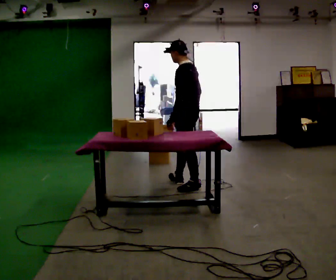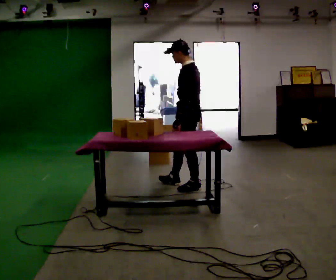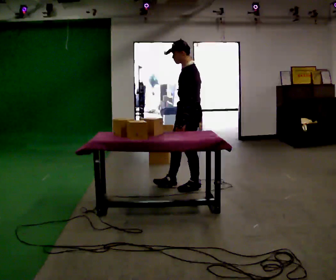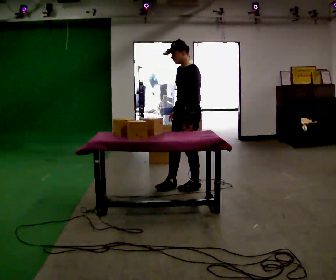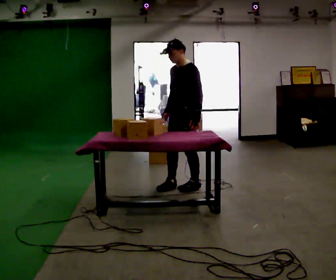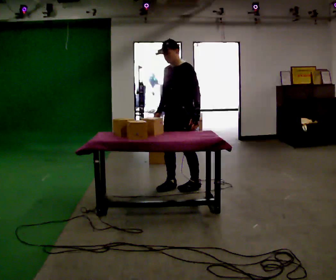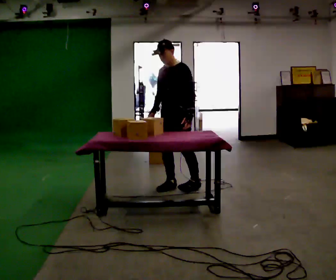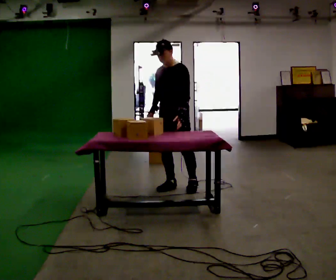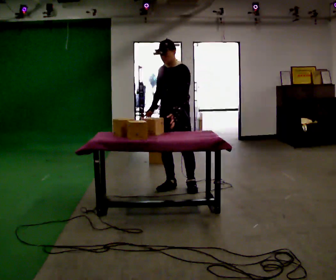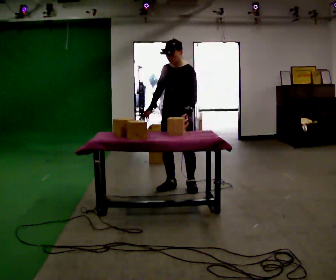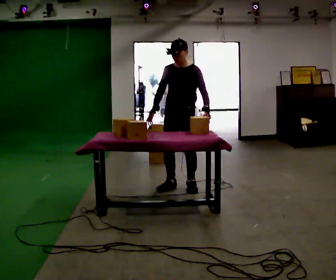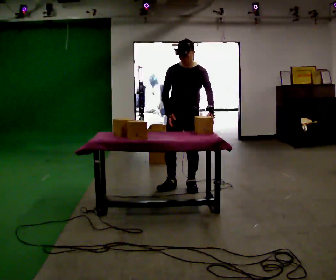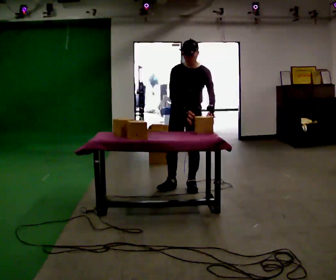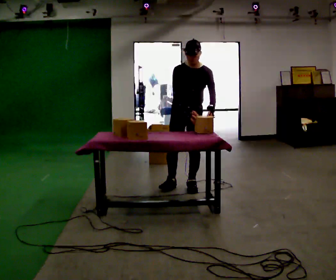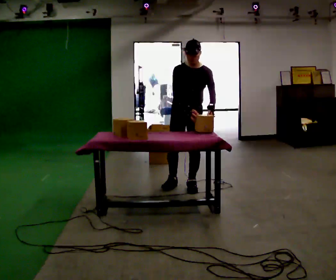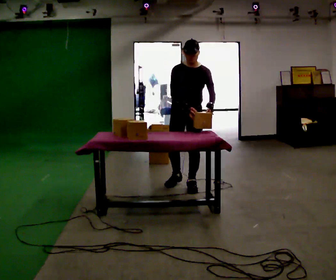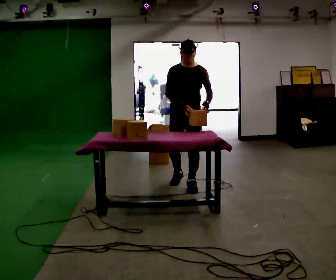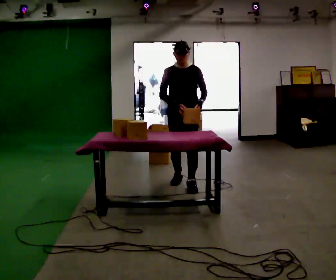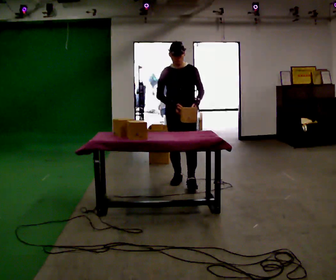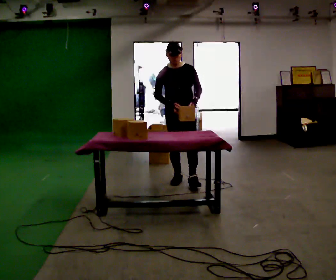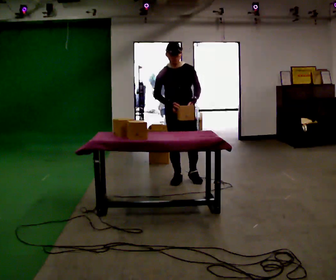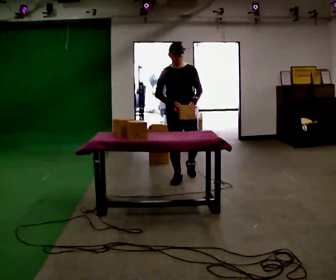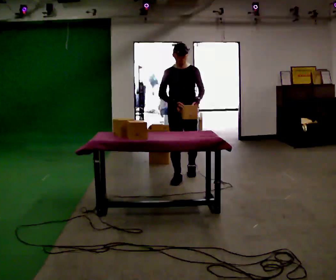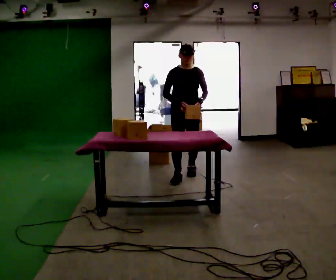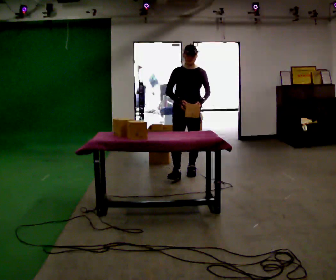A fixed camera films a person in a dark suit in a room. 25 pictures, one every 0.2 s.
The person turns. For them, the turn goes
to their left.
The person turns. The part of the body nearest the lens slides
to the right.
0.0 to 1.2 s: Seen from above the body turns counterclockwise, about 60 degrees: to their left, with its near side sliding to the right.
1.2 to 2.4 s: The person turns about 30 degrees to their left, counterclockwise seen from above, so the part of the body nearest the lens slides to the right. In the picture their right hand goes to the right.
2.4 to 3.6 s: In the picture they go away from the camera, about 0.25 m in 1 step, which for them is backward.
3.6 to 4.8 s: In the picture they go away from the camera, about 0.5 m in 1 step, which for them is backward.
The film runs backward here.
